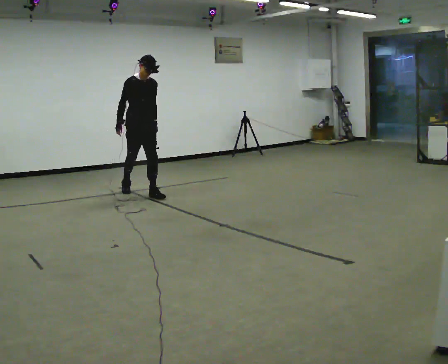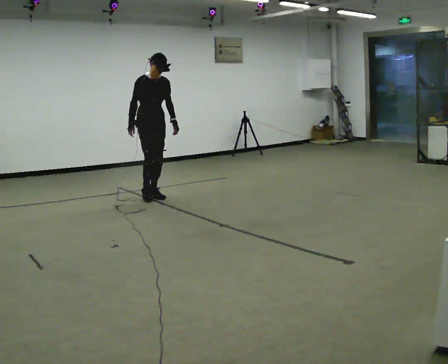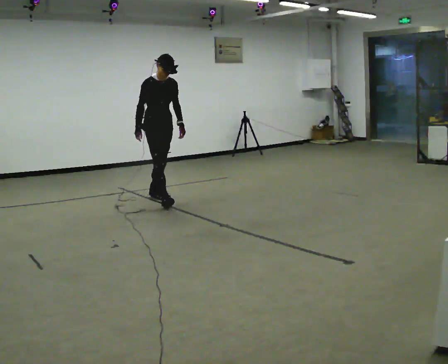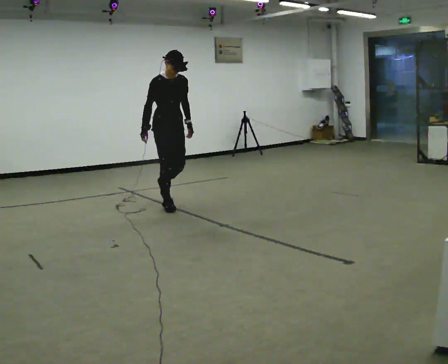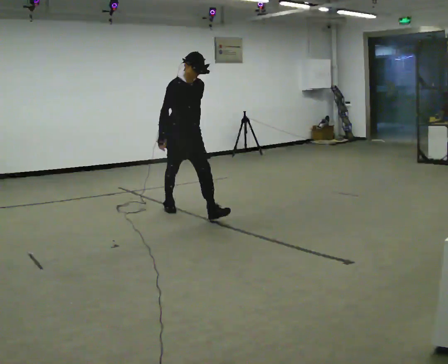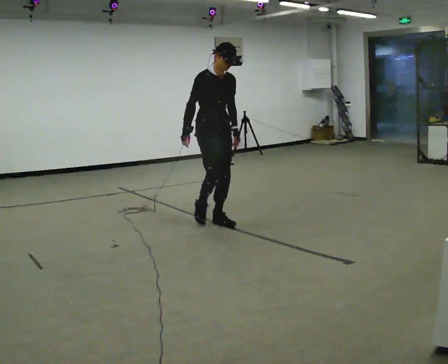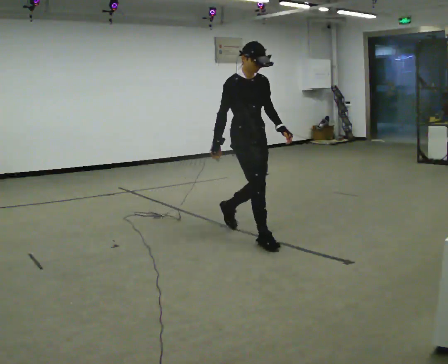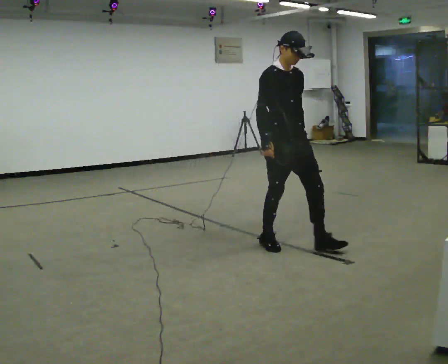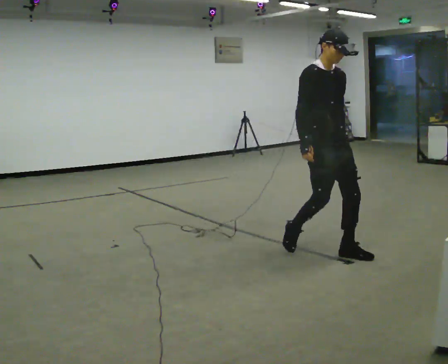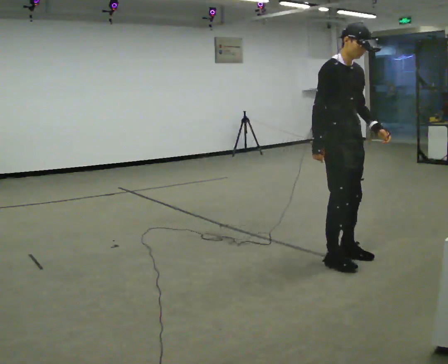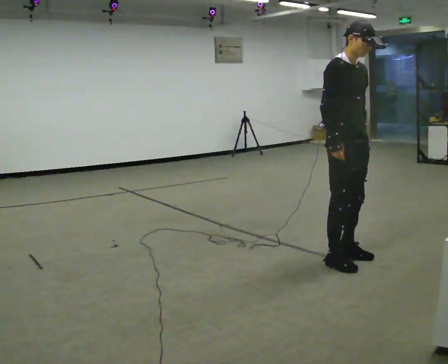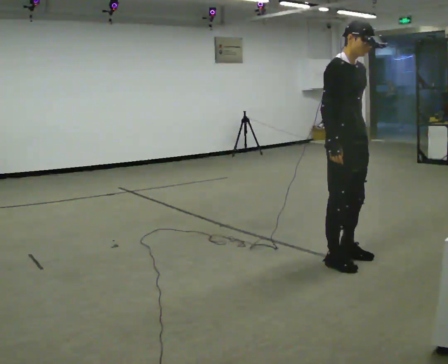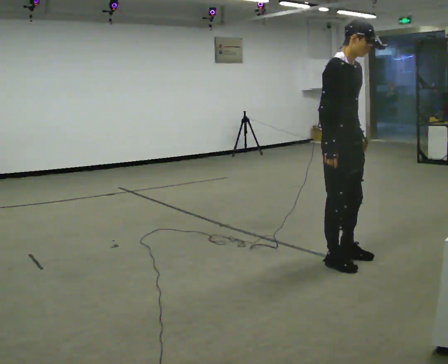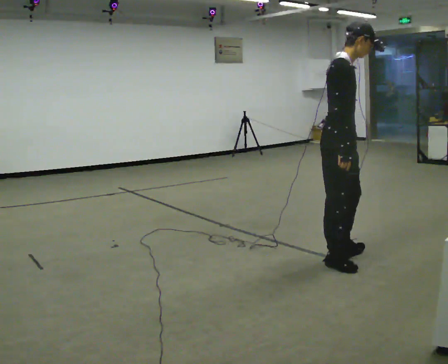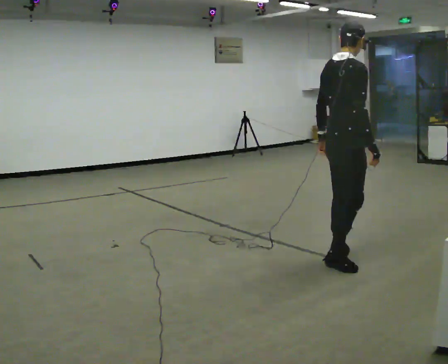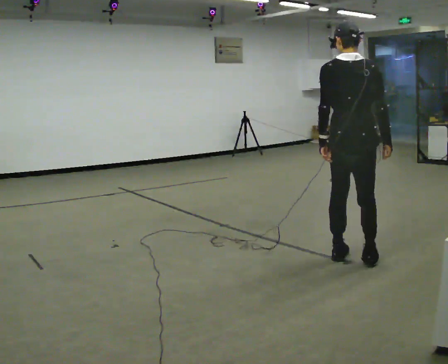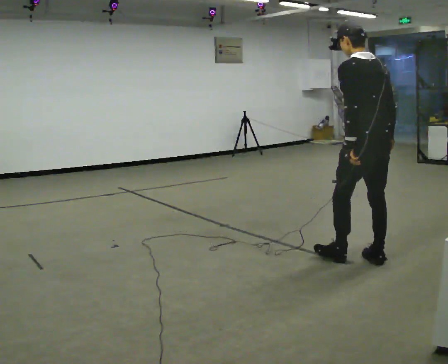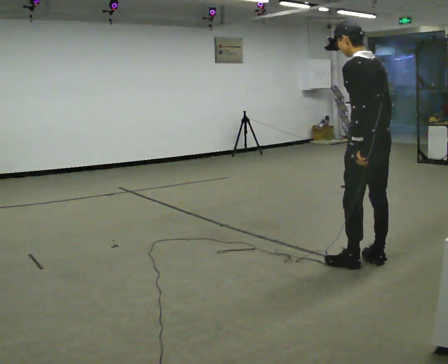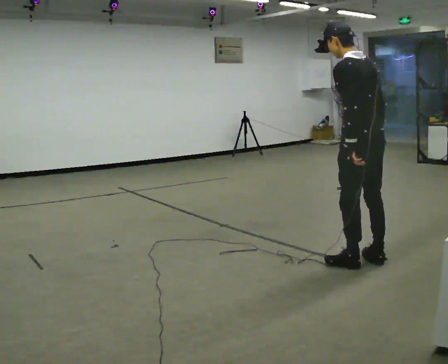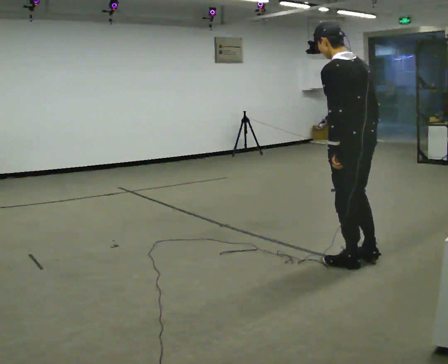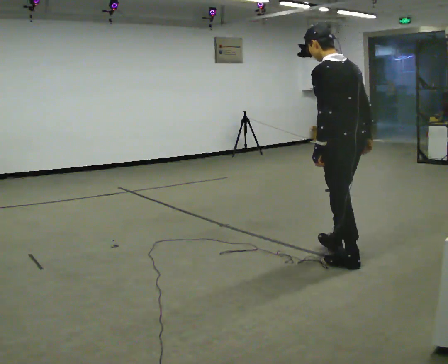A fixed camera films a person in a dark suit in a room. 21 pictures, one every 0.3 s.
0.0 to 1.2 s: In the picture they go toward the camera and to the right, about 1 m in 1 step, which for them is forward.
1.2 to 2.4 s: In the picture they go to the right and toward the camera, about 2 m in 3 steps, which for them is forward.
2.4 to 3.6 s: In the picture they go toward the camera, about 0.25 m in 1 step, which for them is forward and to their right.
3.6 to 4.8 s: The person turns about 150 degrees to their left, counterclockwise seen from above, so the part of the body nearest the lens slides to the right. In the picture they go to the right, about 0.25 m in 1 step. In the picture the upper body tilts counterclockwise, shoulders to the left.
4.8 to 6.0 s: In the picture they go to the left, about 0.25 m in 1 step, which for them is forward and to their left.
The film runs forward here.
